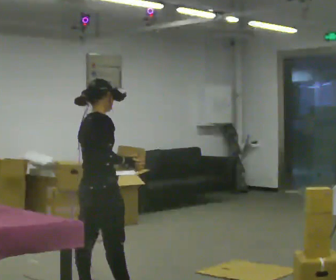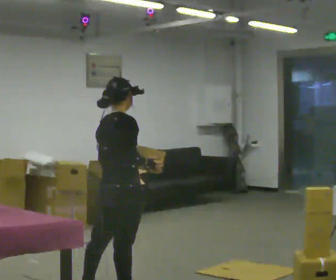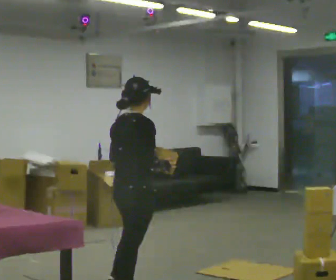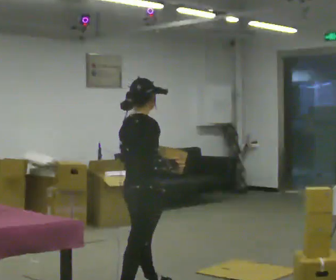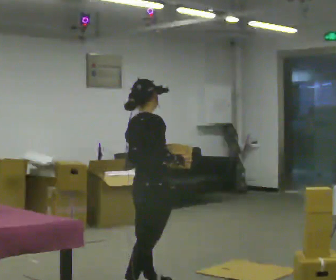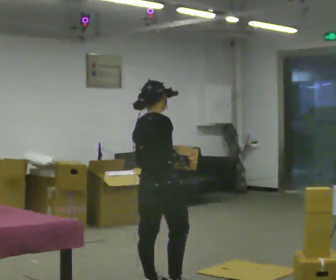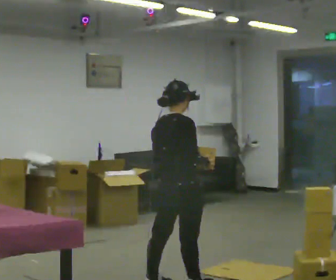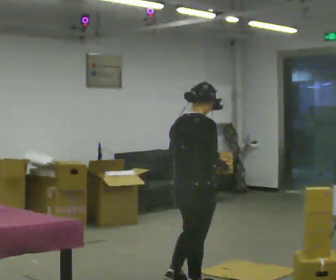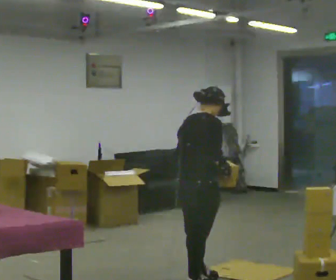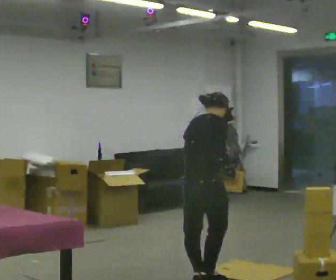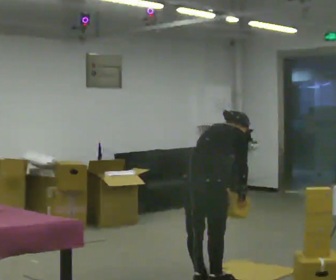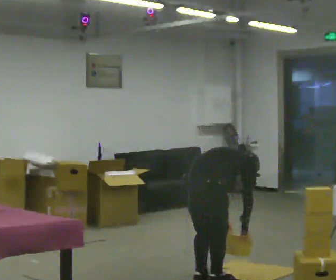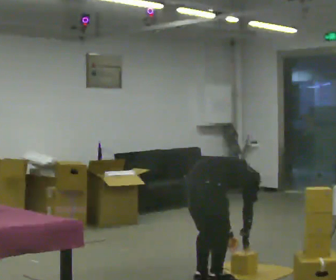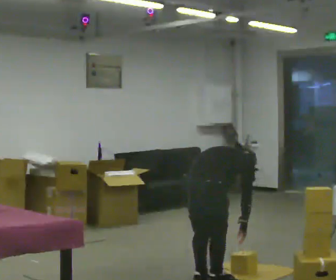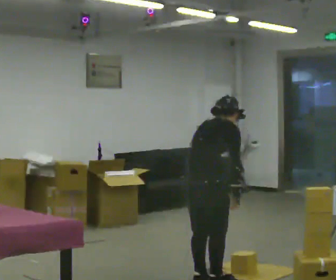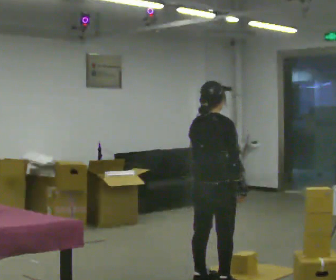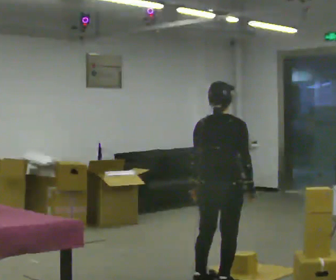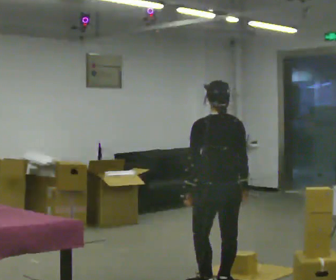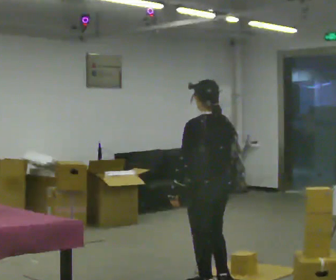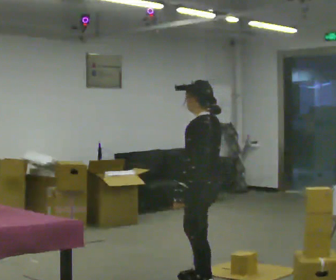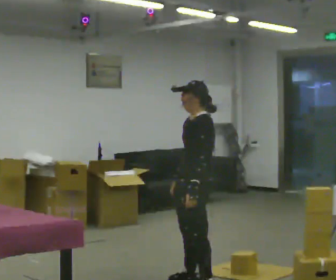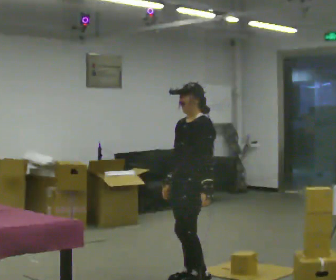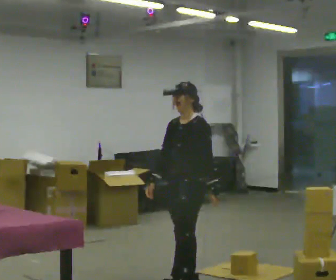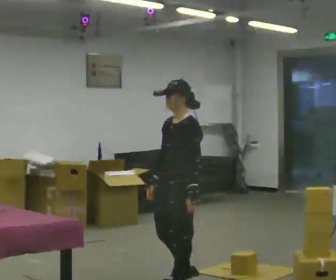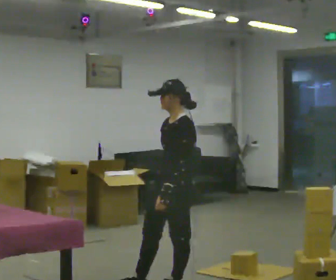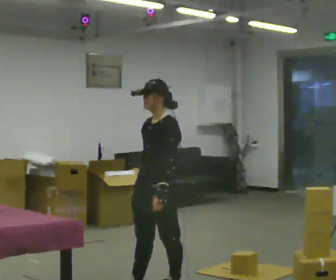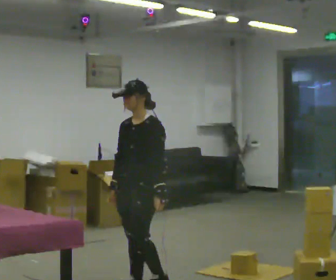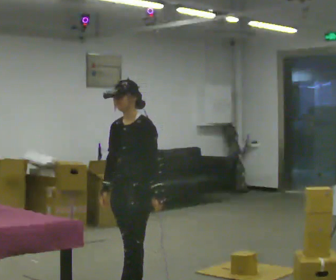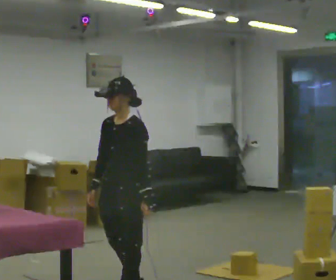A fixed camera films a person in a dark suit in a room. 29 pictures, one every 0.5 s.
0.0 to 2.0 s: In the picture they go to the right and away from the camera, about 0.5 m in 1 step, which for them is forward.
2.0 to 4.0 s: In the picture they go to the right, about 0.5 m in 2 steps, which for them is forward.
4.0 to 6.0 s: The upper body goes downward. In the picture the upper body tilts clockwise, shoulders to the right, as they bend forward. In the picture their right hand goes downward.
6.0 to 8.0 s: Seen from above the body turns counterclockwise, about 30 degrees: to their left, with its near side sliding to the right. In the picture they go to the right, about 0.25 m. The shoulders move upward. In the picture the upper body tilts counterclockwise, shoulders to the left, as they lean back or straighten. In the picture their left hand goes upward and to the left.
8.0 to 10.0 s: The person turns about 120 degrees to their left, counterclockwise seen from above, so the part of the body nearest the lens slides to the right. In the picture they go to the left, about 0.25 m in 2 steps. In the picture their right hand goes to the left, the arm swinging clockwise.
10.0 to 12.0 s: In the picture they go toward the camera and to the left, about 0.25 m in 2 steps, which for them is forward.
12.0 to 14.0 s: In the picture they go to the left and toward the camera, about 0.5 m in 1 step, which for them is forward.
The film runs forward here.
